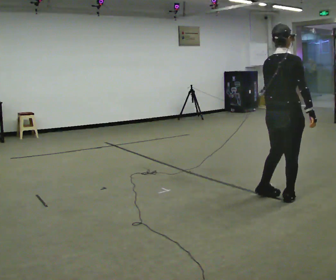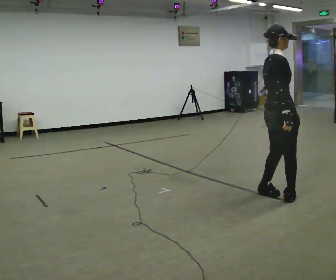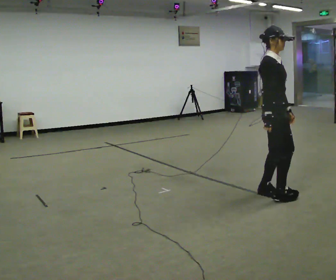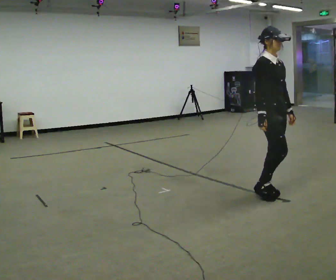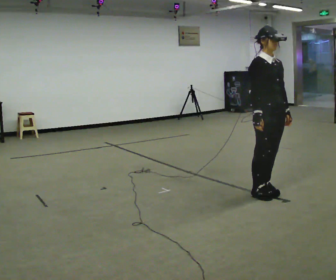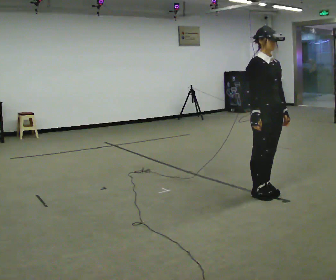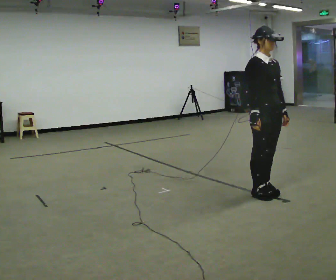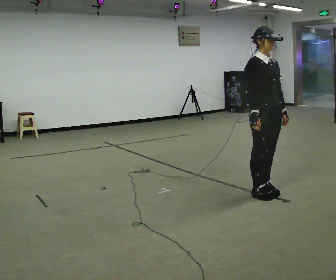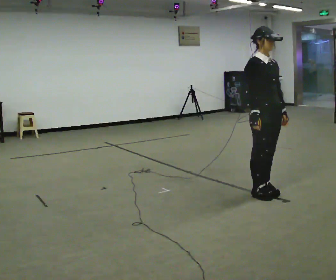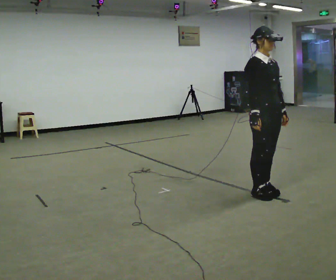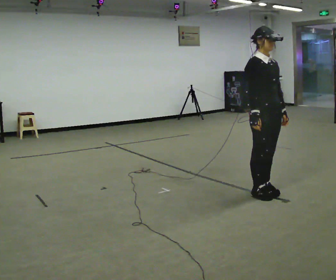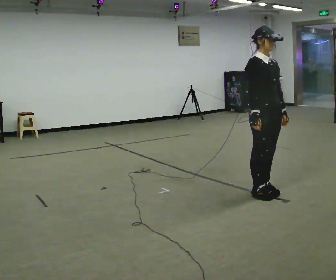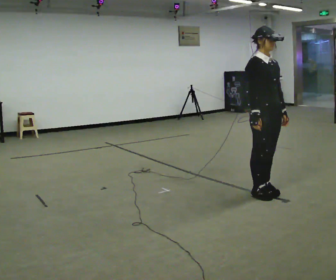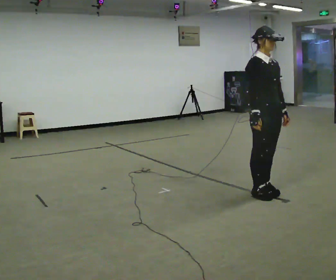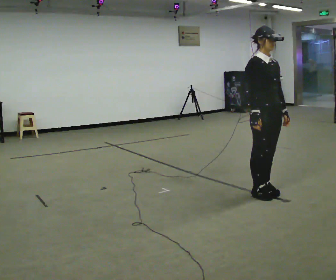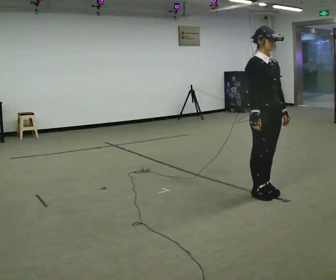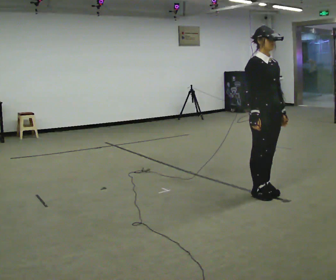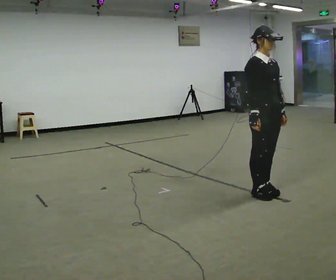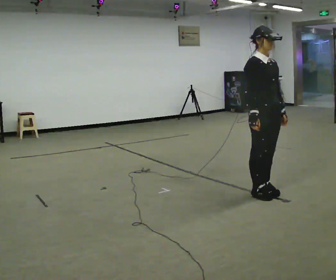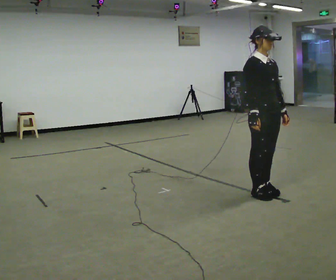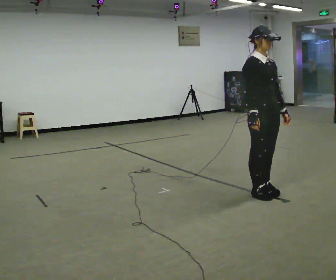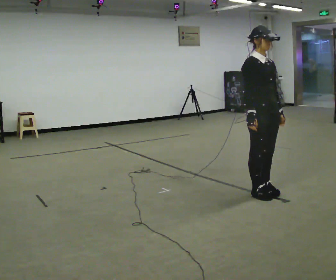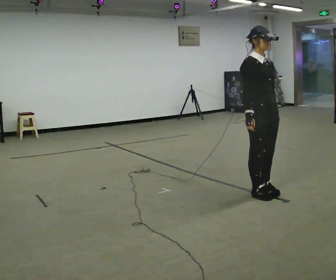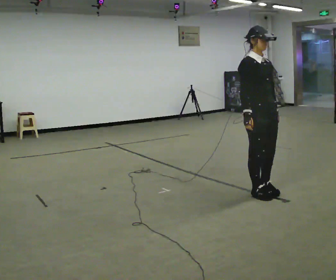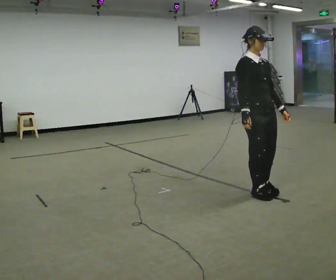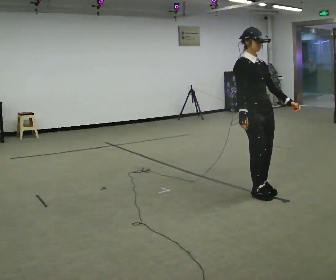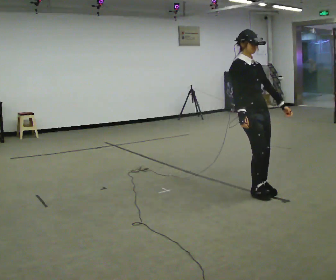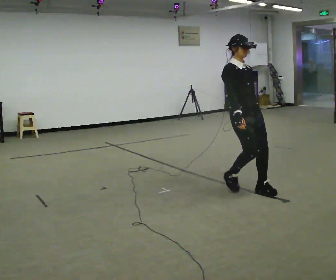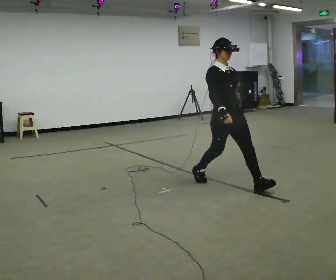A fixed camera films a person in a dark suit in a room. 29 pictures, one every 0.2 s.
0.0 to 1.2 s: The part of the body nearest the lens slides to the left as the person turns to their right by about 105 degrees. In the picture they go to the left, about 0.25 m in 1 step. In the picture their right hand goes to the left.
1.2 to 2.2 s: The person keeps their place and pose.
2.2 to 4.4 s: The person moves a little, or ends about where they began.
4.4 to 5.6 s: In the picture they go to the left and away from the camera, about 0.5 m in 2 steps, which for them is backward.
The film runs backward here.
